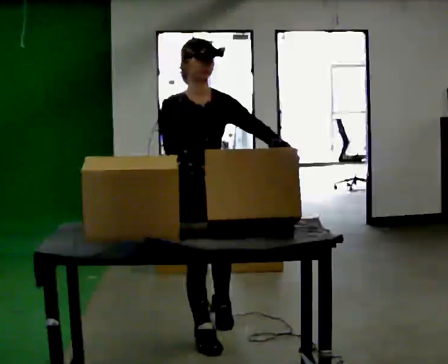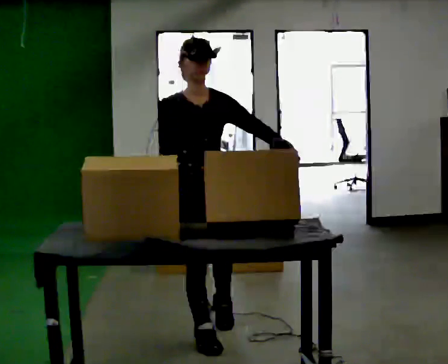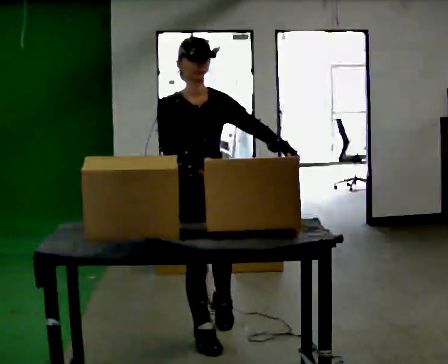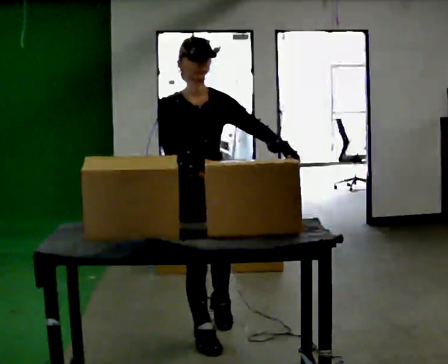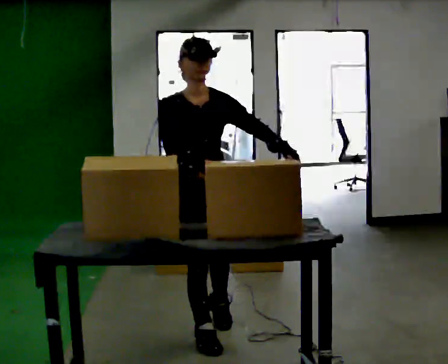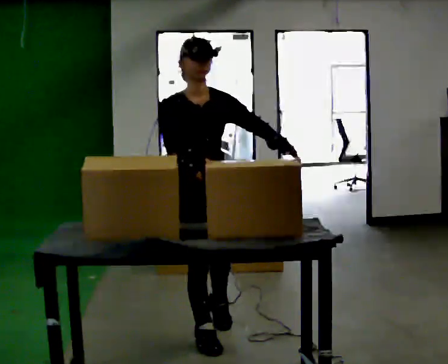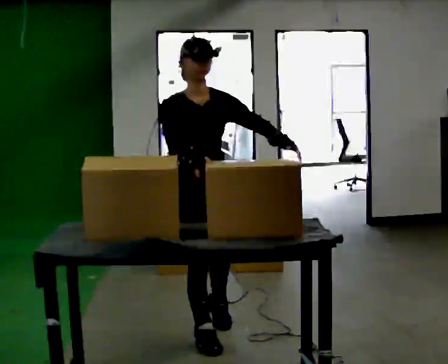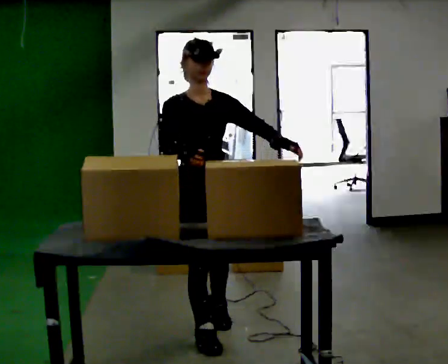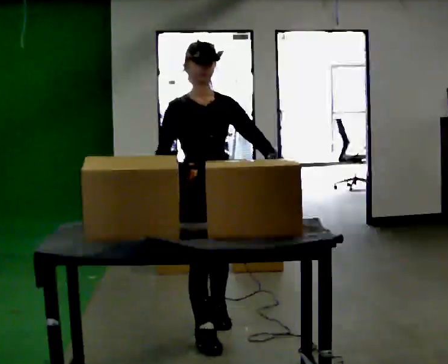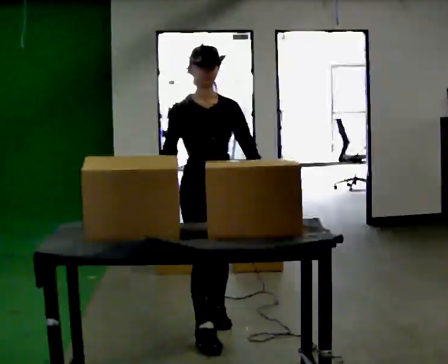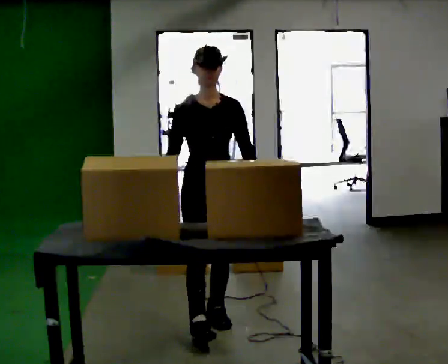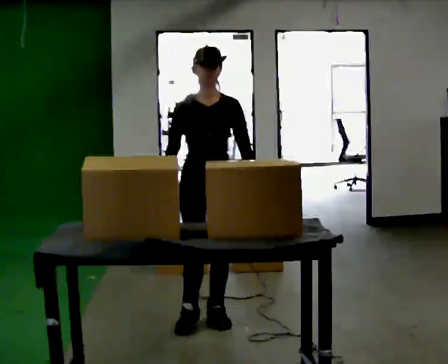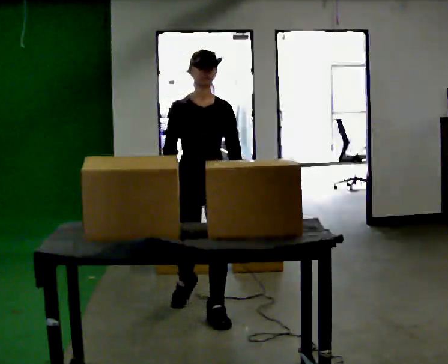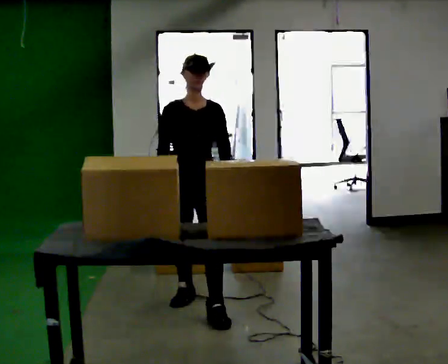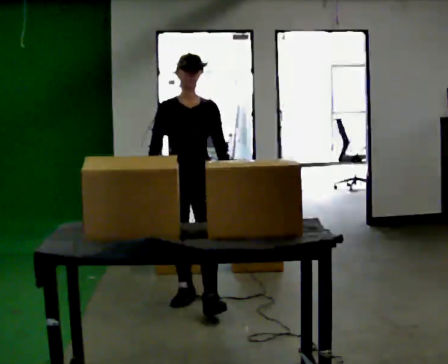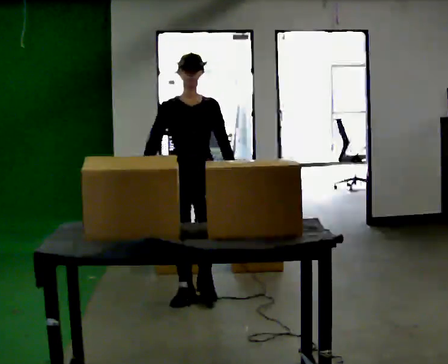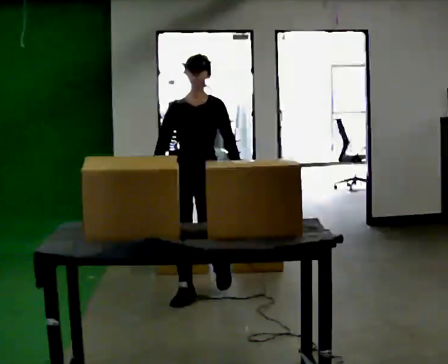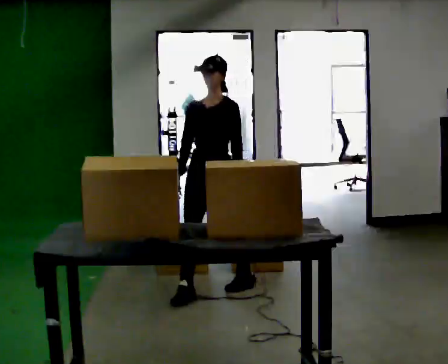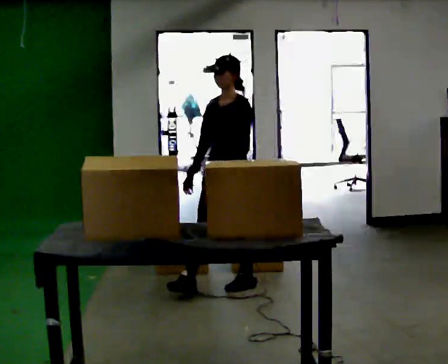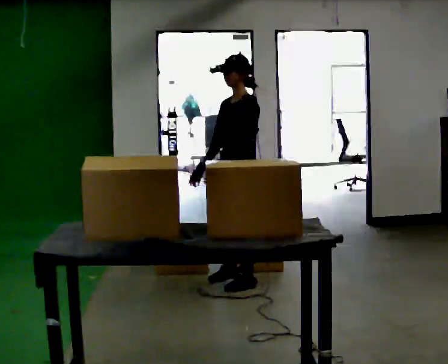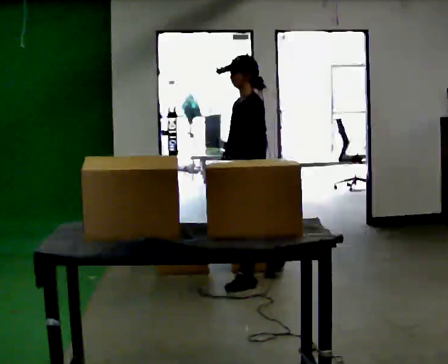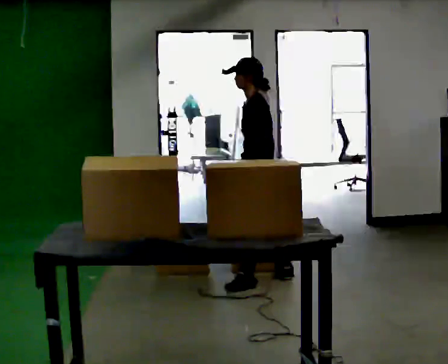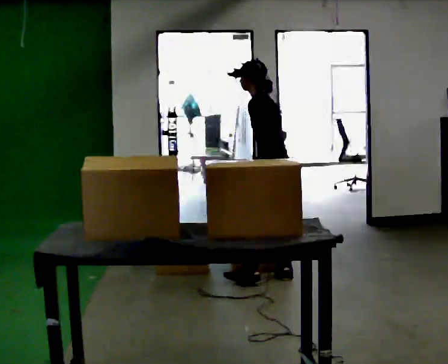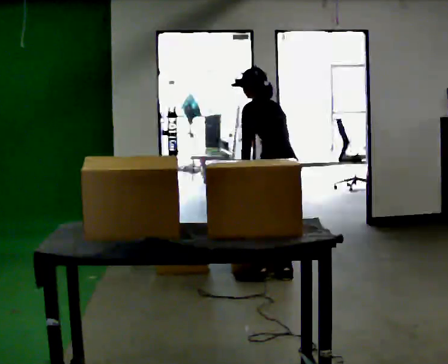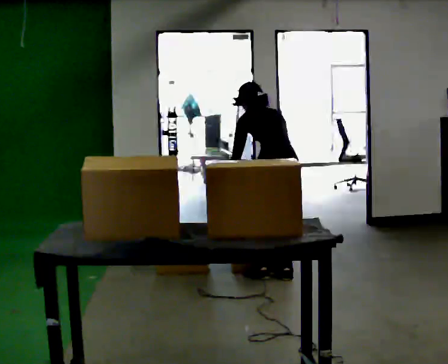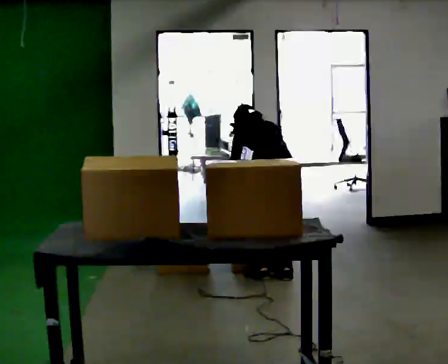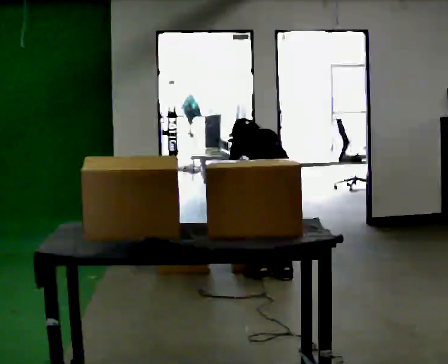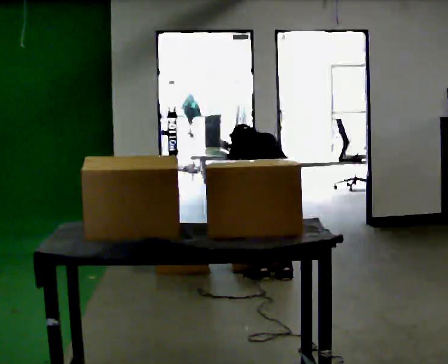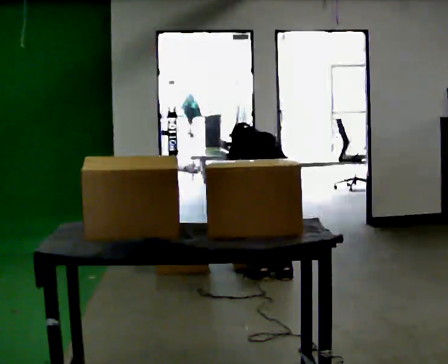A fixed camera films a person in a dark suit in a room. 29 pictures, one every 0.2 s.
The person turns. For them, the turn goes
to their right.
The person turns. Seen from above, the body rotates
clockwise.
0.0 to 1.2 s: The person moves a little, or ends about where they began.
1.2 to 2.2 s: In the picture they go away from the camera, about 0.5 m in 1 step, which for them is backward and to their left.
2.2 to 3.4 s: The part of the body nearest the lens slides to the left as the person turns to their right by about 30 degrees. In the picture they go away from the camera, about 0.75 m in 1 step, which for them is backward.
3.4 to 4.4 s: The person turns about 90 degrees to their right, clockwise seen from above, so the part of the body nearest the lens slides to the left. In the picture they go to the right and away from the camera, about 0.5 m in 1 step. In the picture the upper body tilts counterclockwise, shoulders to the left, as they bend forward.
4.4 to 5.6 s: The person turns about 60 degrees to their right, clockwise seen from above, so the part of the body nearest the lens slides to the left. The shoulders move downward. The upper body tips away from the camera, its near side rolling upward, as they bend forward. In the picture their left hand goes downward.
The film runs backward here.
